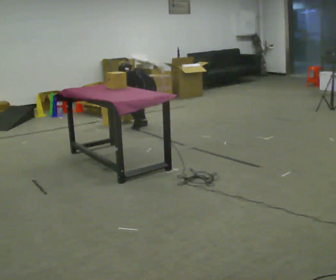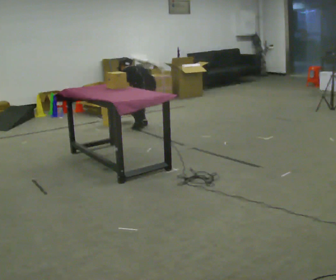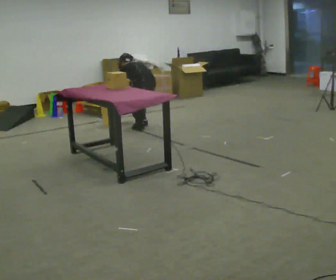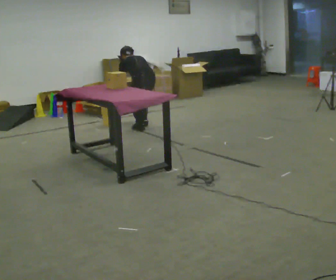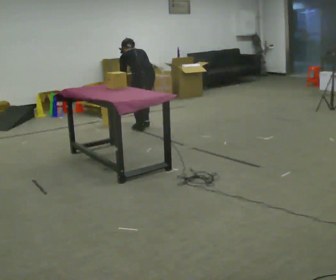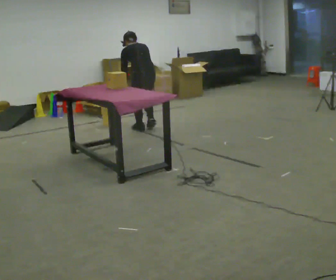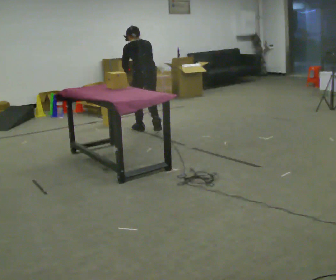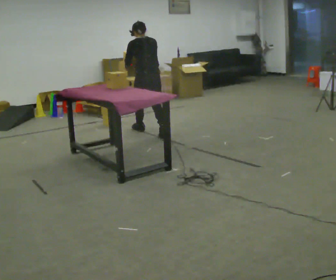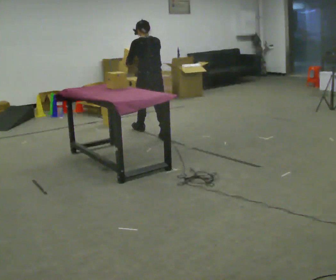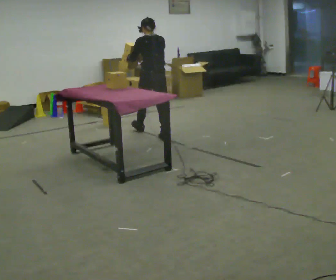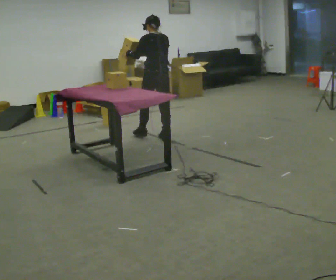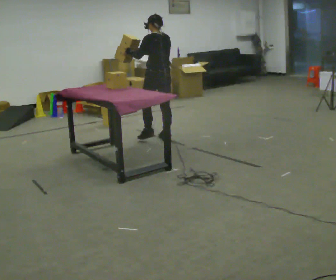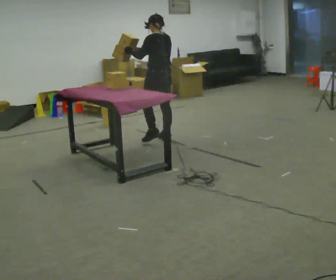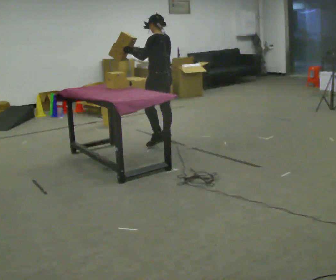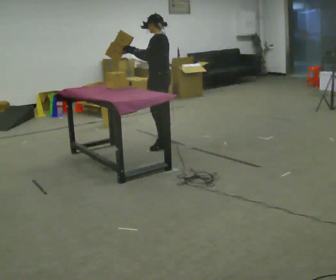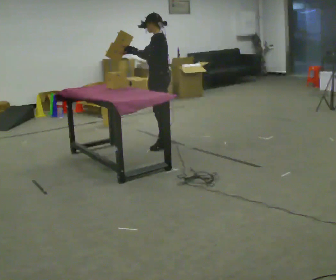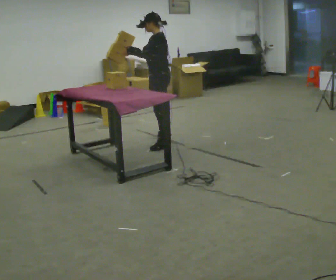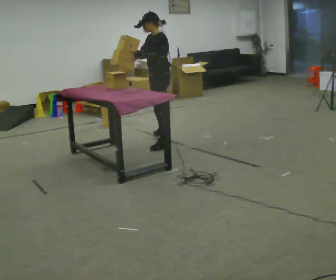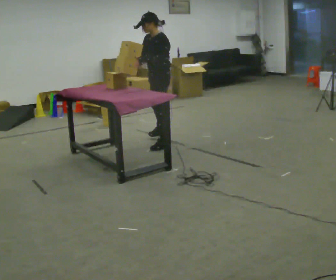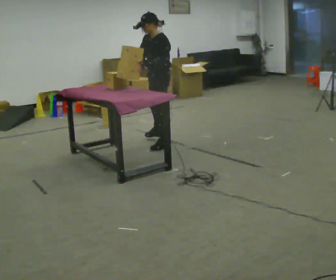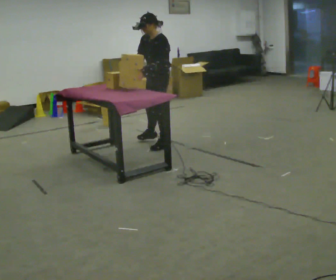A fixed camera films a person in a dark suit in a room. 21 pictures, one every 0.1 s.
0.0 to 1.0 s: In the picture they go toward the camera, about 0.5 m in 2 steps, which for them is backward. The shoulders move upward. The upper body tips toward the camera, its near side rolling downward, as they lean back or straighten. In the picture their left hand goes upward.
1.0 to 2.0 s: Seen from above the body turns counterclockwise, about 90 degrees: to their left, with its near side sliding to the right. In the picture they go toward the camera, about 0.25 m in 1 step. The upper body tips toward the camera, its near side rolling downward.
The film runs backward here.
